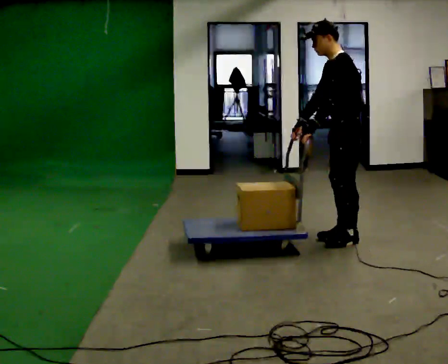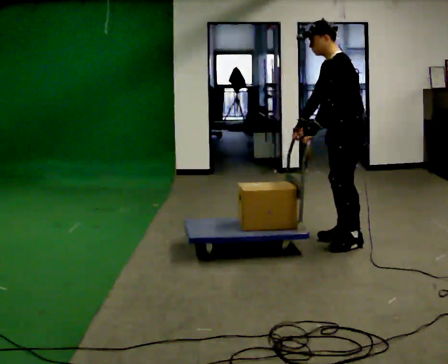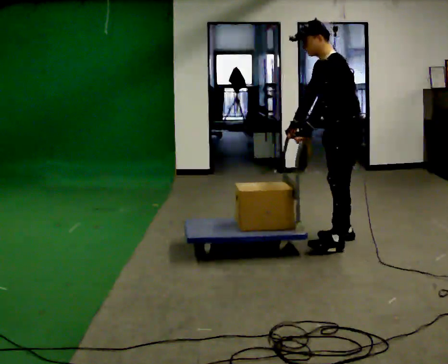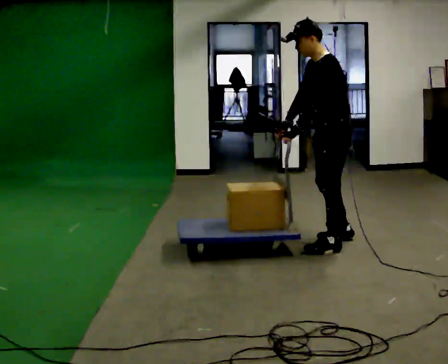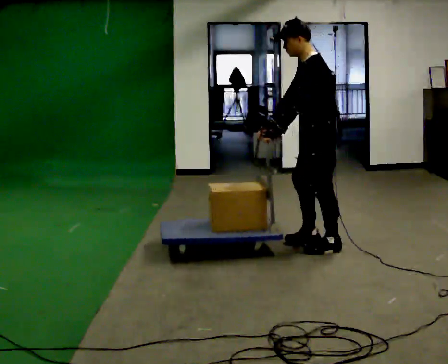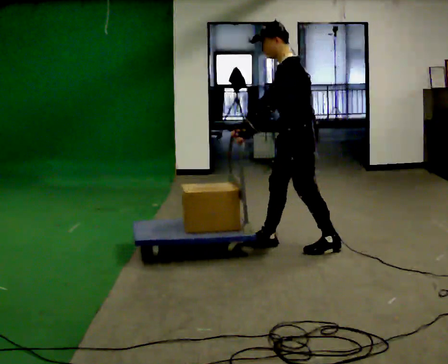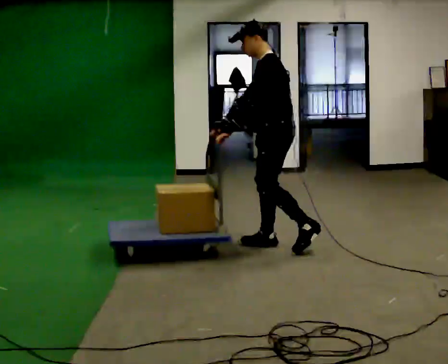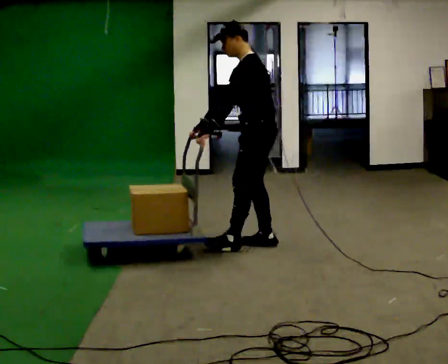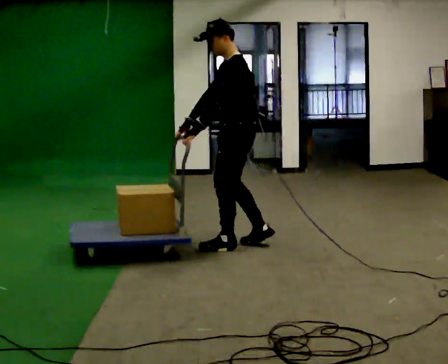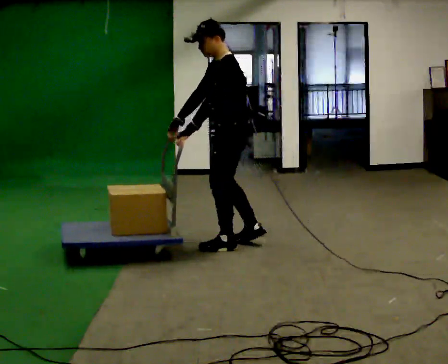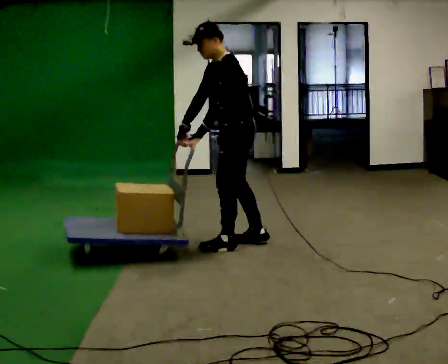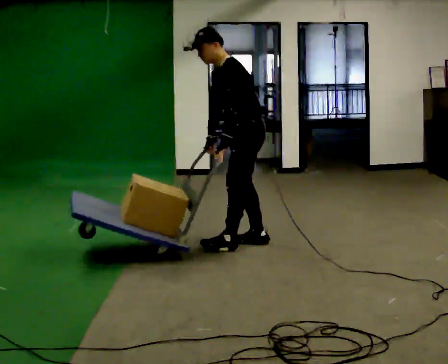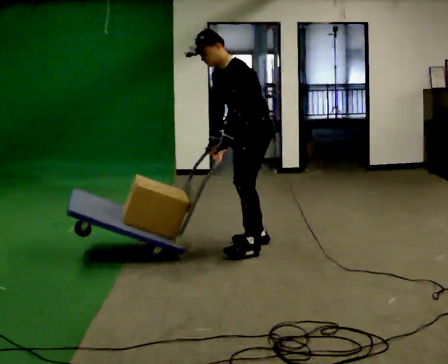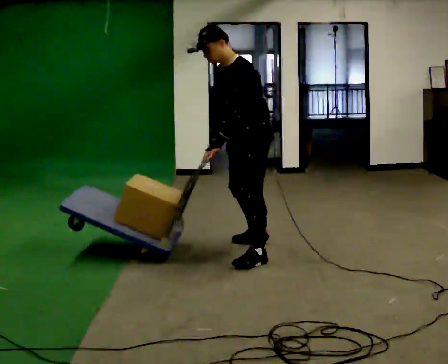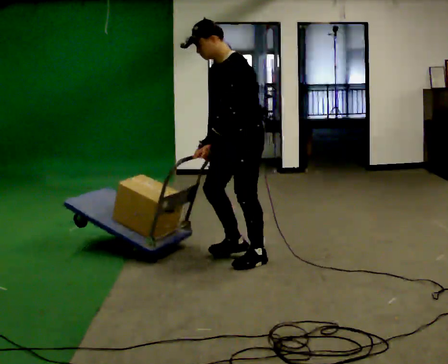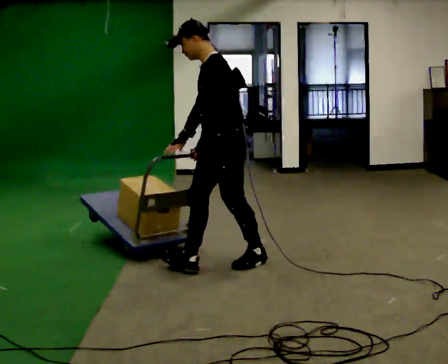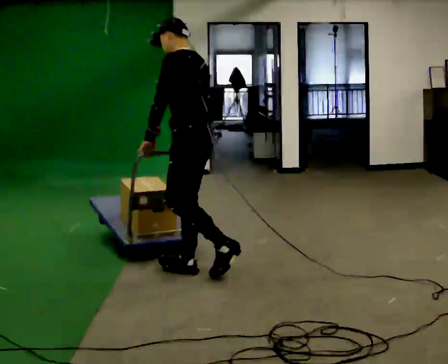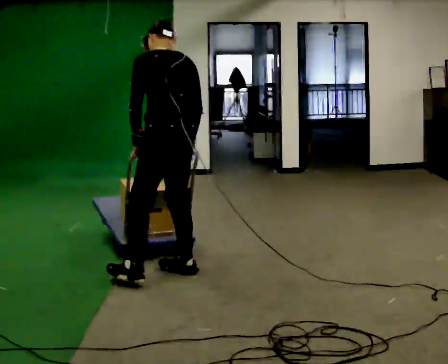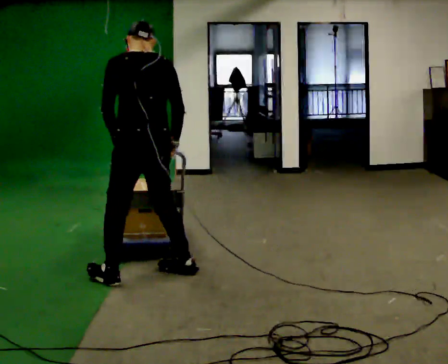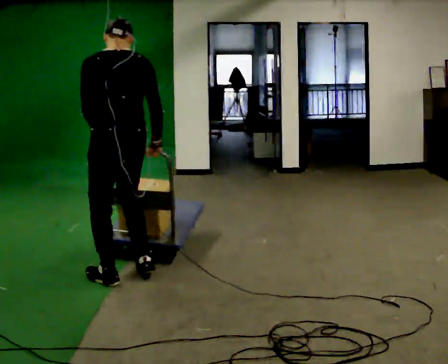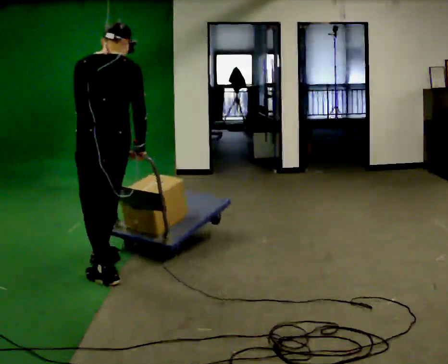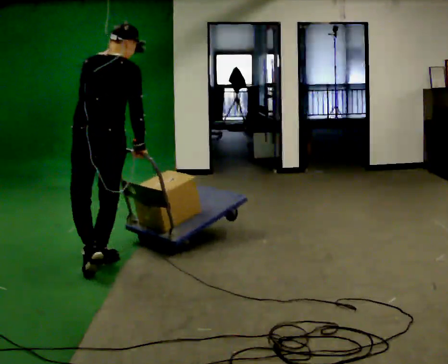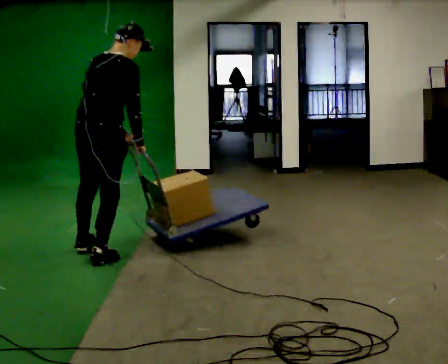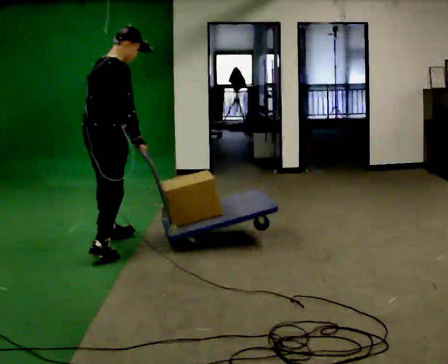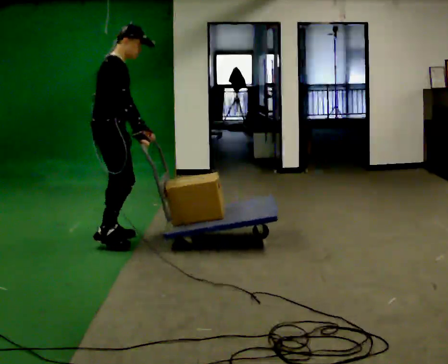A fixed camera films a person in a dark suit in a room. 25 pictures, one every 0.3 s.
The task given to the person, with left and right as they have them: Turn the cart round to face the other way without moving it out of the marked square, then turn it back. Repeat until the operator says stop.
0.0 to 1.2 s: In the picture they go to the left and toward the camera, about 0.25 m in 1 step, which for them is forward and to their left.
1.2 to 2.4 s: In the picture they go to the left, about 0.5 m in 2 steps, which for them is forward.
2.4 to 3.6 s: In the picture the upper body tilts counterclockwise, shoulders to the left, as they bend forward.
3.6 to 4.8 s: The part of the body nearest the lens slides to the left as the person turns to their right by about 30 degrees. In the picture they go toward the camera and to the left, about 0.5 m in 2 steps, which for them is forward and to their left. In the picture the upper body tilts clockwise, shoulders to the right, as they lean back or straighten.
4.8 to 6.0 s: The part of the body nearest the lens slides to the left as the person turns to their right by about 60 degrees. In the picture they go to the left, about 0.5 m in 1 step.
6.0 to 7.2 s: Seen from above the body turns clockwise, about 90 degrees: to their right, with its near side sliding to the left. In the picture they go away from the camera, about 1 m in 2 steps.
The film runs forward here.
